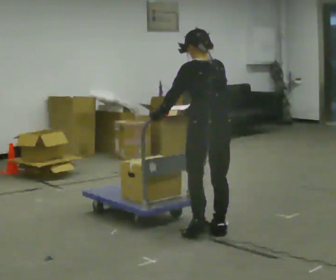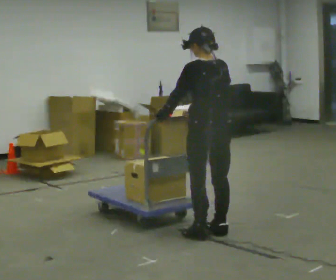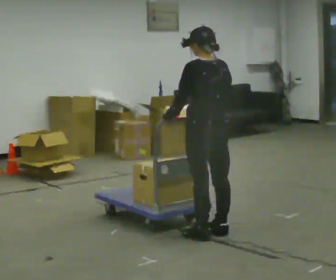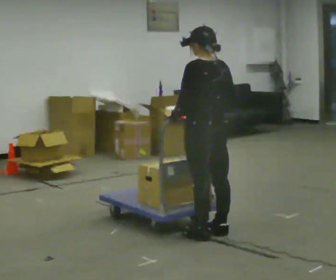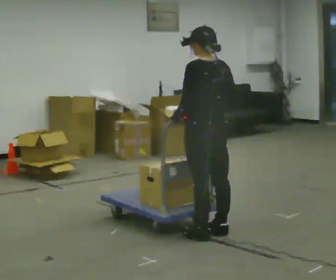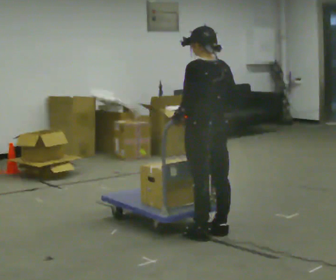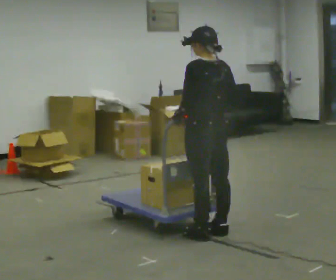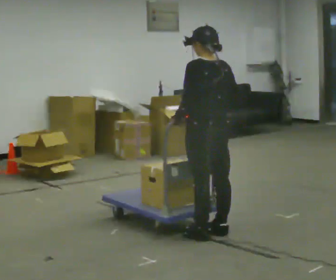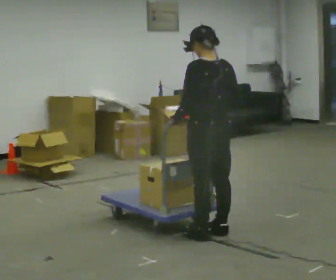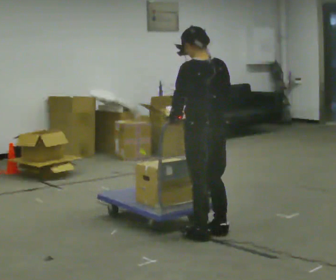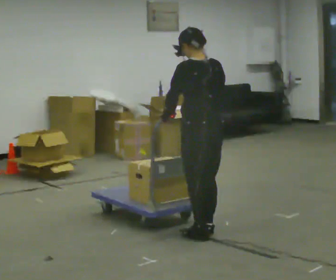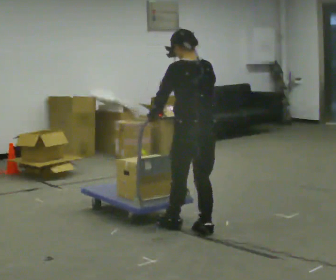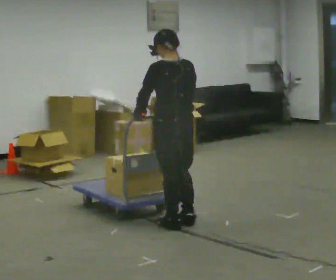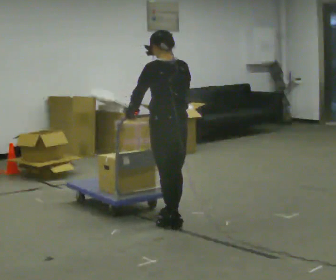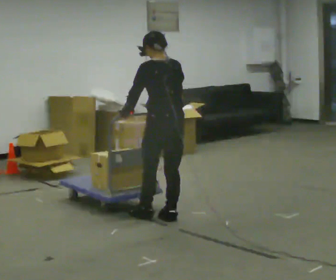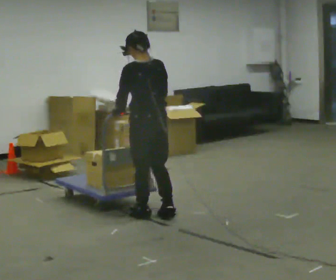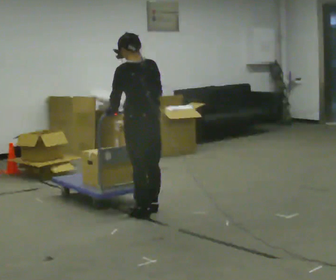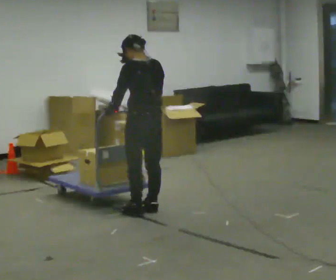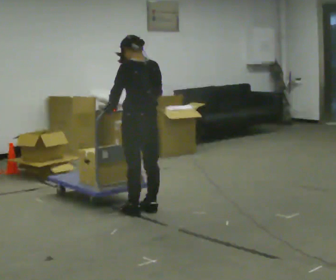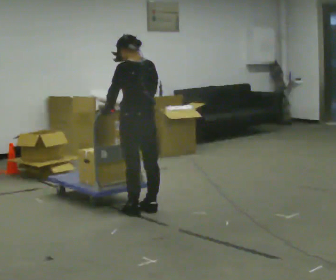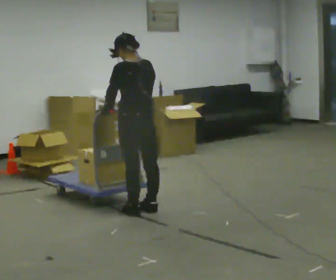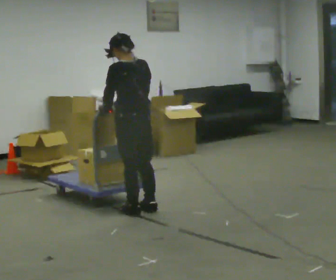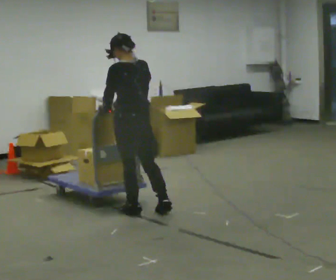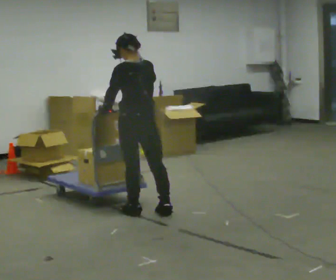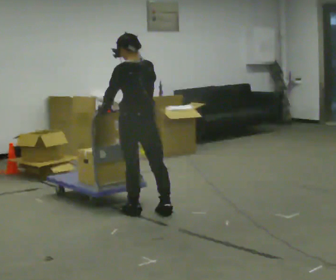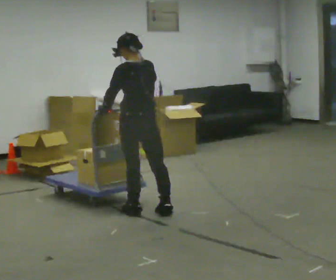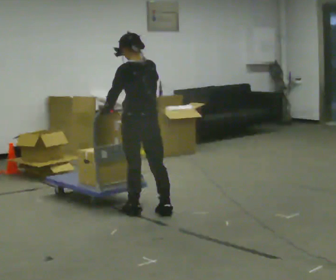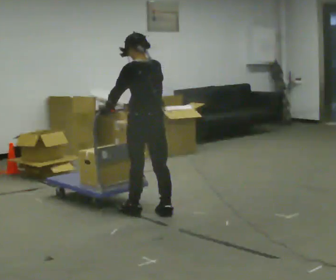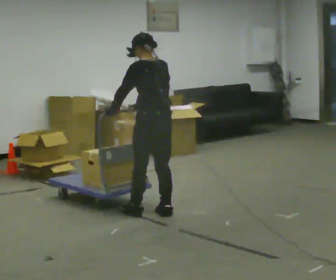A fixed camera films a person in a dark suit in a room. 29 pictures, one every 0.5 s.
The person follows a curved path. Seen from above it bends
clockwise.
0.0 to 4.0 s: The person moves a little, or ends about where they began.
4.0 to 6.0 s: In the picture they go to the left and away from the camera, about 0.25 m in 2 steps, which for them is forward.
6.0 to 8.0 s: In the picture they go away from the camera and to the left, about 0.5 m in 2 steps, which for them is forward.
8.0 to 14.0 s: The person moves a little, or ends about where they began.
The film runs backward here.
